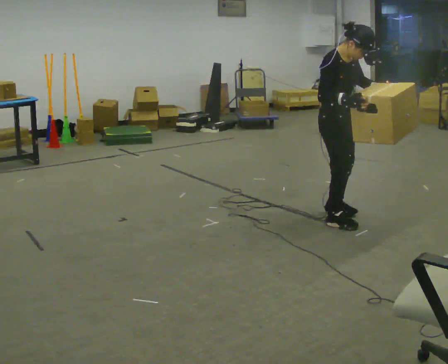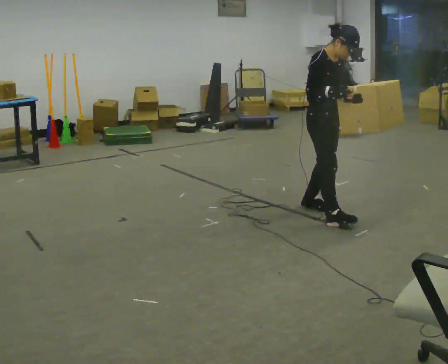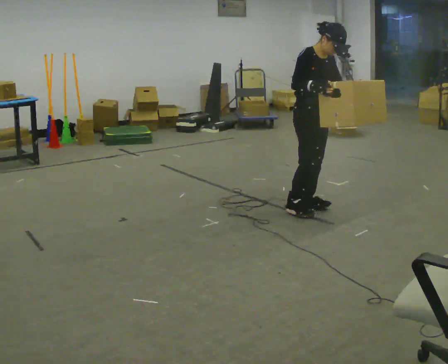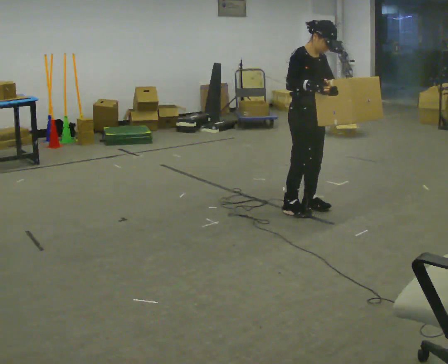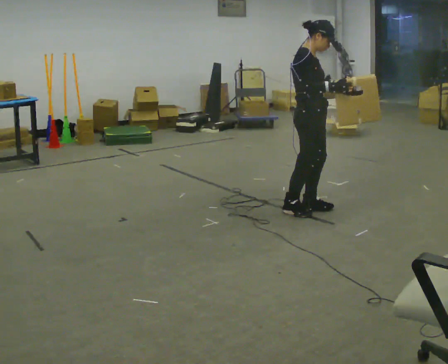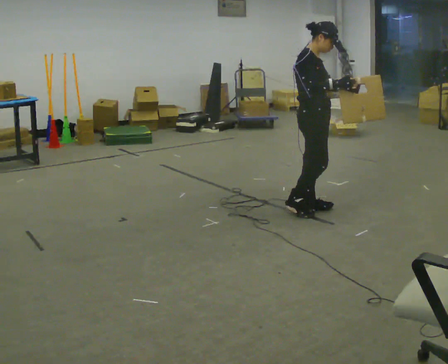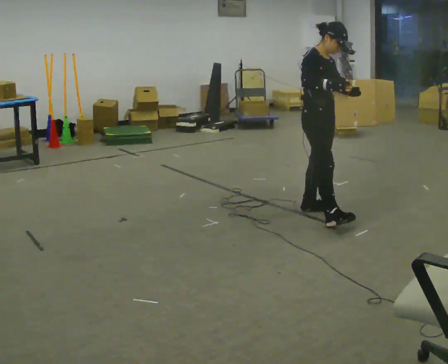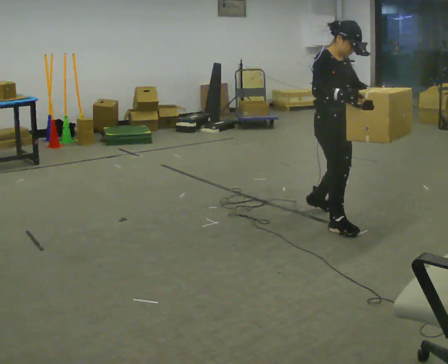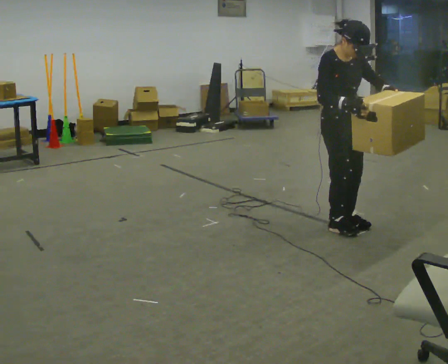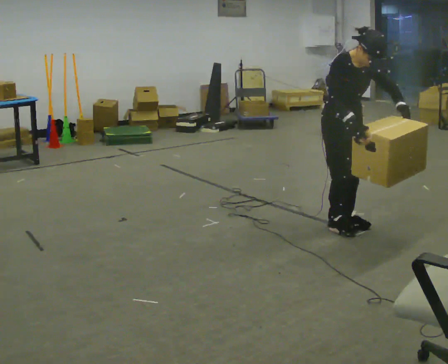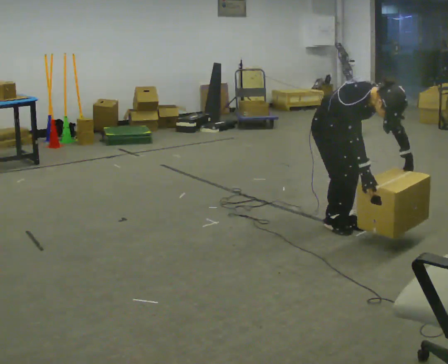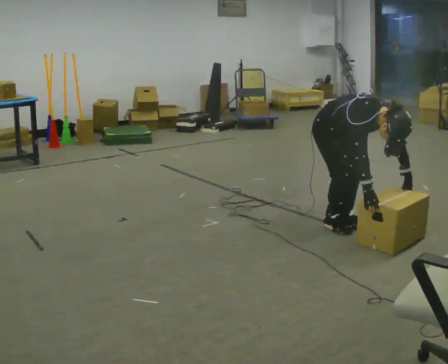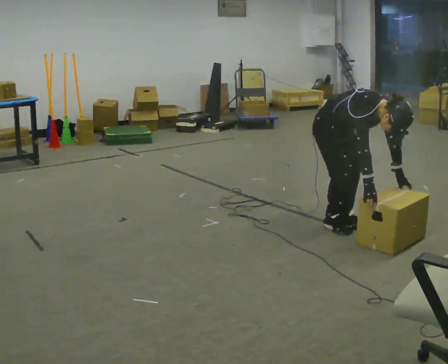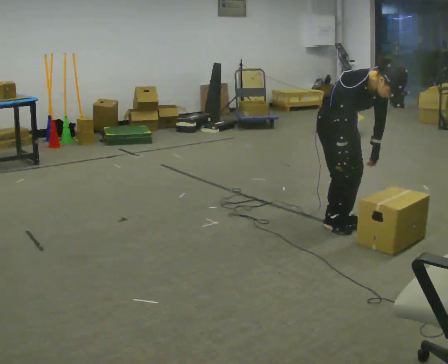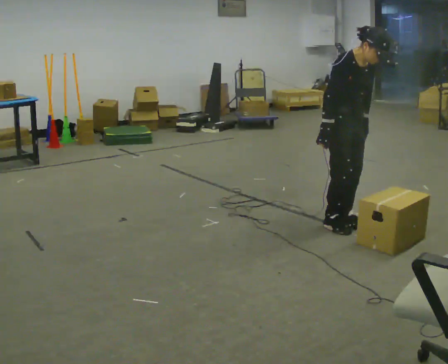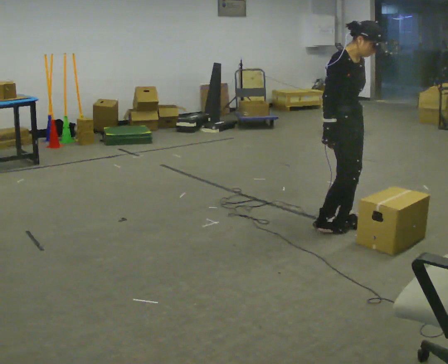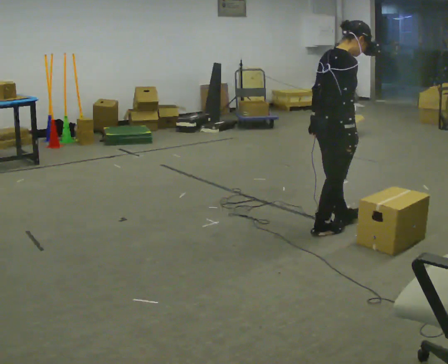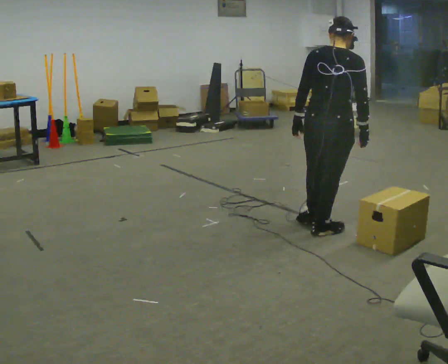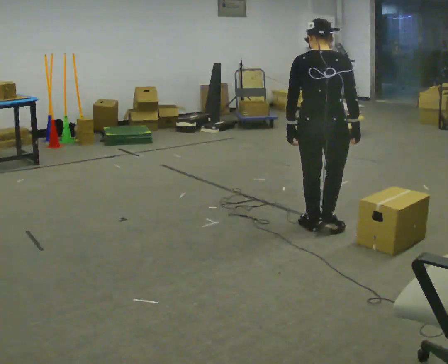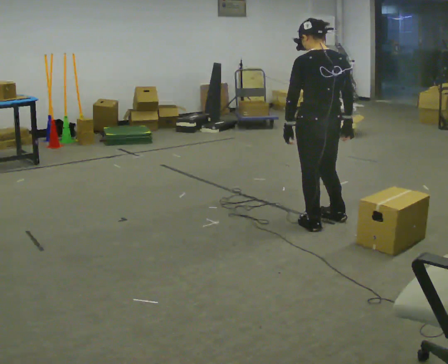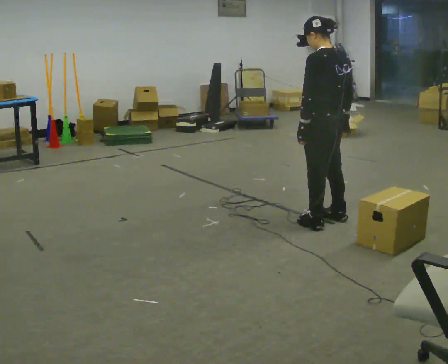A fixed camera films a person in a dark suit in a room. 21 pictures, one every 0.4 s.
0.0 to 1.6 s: In the picture they go away from the camera and to the left, about 0.25 m in 2 steps, which for them is backward.
1.6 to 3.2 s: The person turns about 45 degrees to their right, clockwise seen from above, so the part of the body nearest the lens slides to the left. In the picture they go toward the camera and to the right, about 0.5 m in 2 steps, which for them is forward and to their right.
3.2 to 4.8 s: The upper body goes downward. In the picture the upper body tilts clockwise, shoulders to the right, as they bend forward. In the picture their left hand goes downward.
4.8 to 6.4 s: Seen from above the body turns counterclockwise, about 75 degrees: to their left, with its near side sliding to the right. In the picture they go toward the camera, about 0.25 m in 1 step. The shoulders move upward. The upper body tips away from the camera, its near side rolling upward, as they lean back or straighten. In the picture their left hand goes to the left and upward, the arm swinging clockwise.
6.4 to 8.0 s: The person turns about 105 degrees to their left, counterclockwise seen from above, so the part of the body nearest the lens slides to the right. In the picture they go away from the camera, about 0.25 m in 2 steps.
The film runs forward here.
